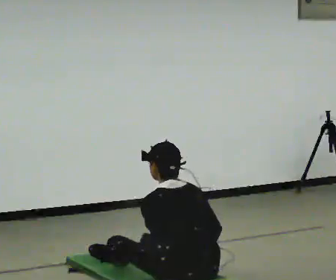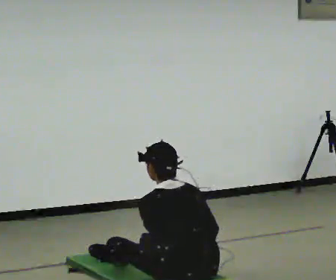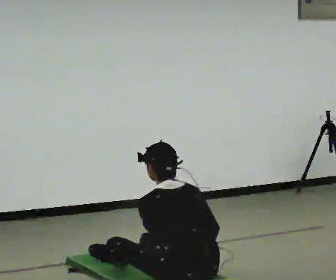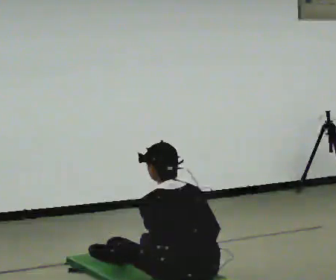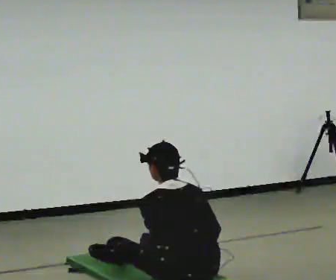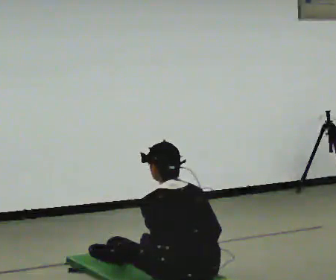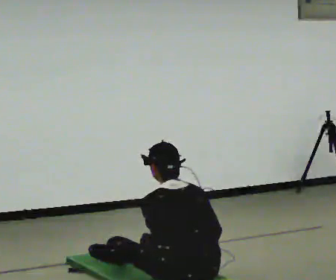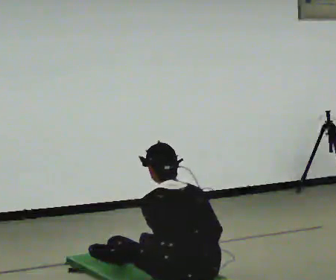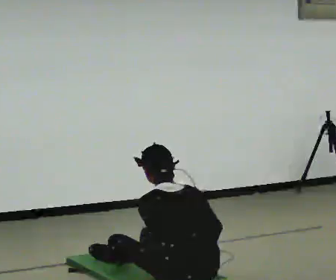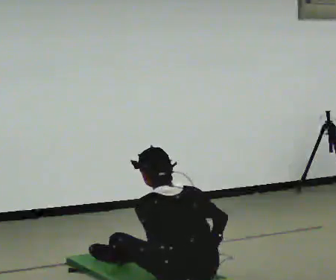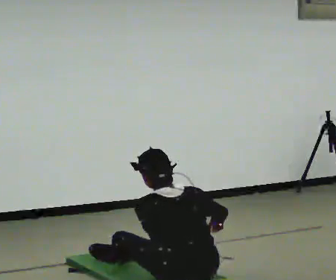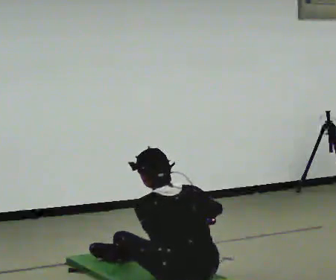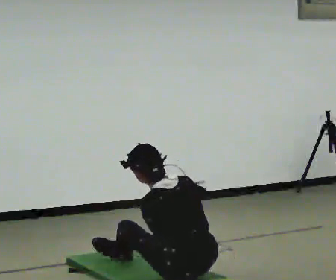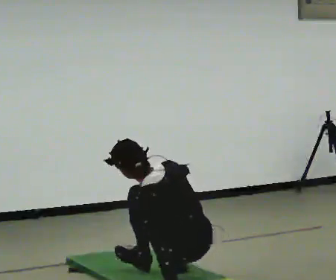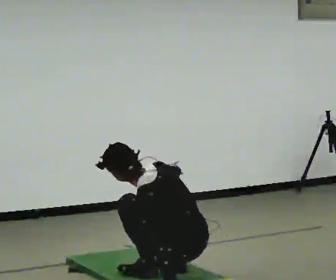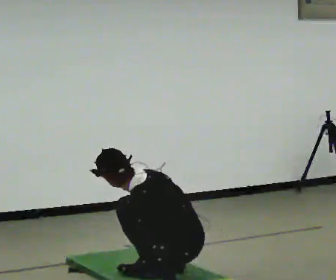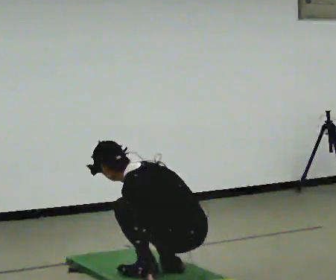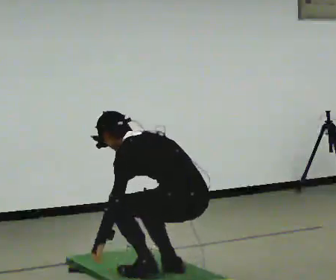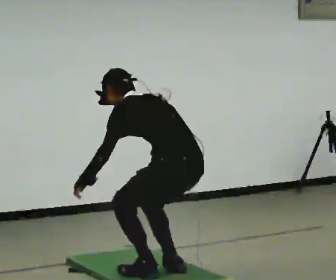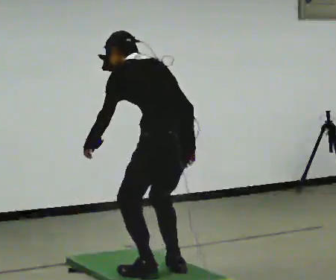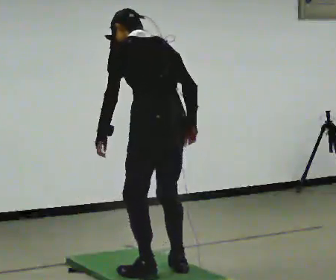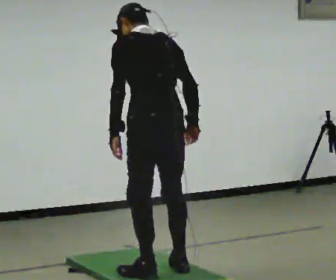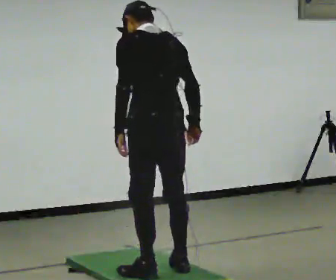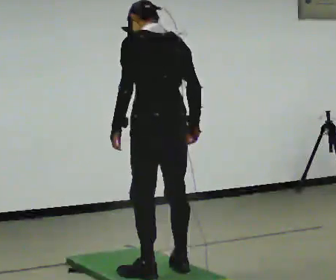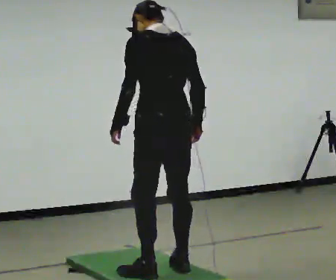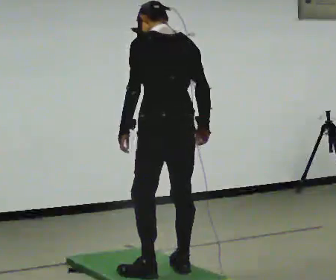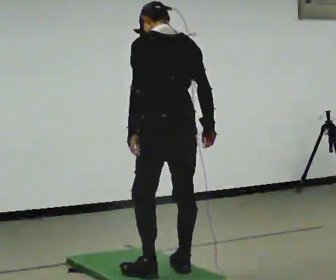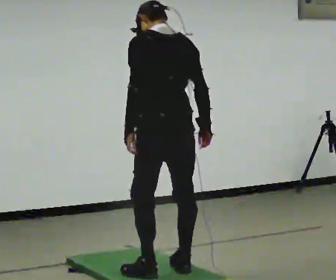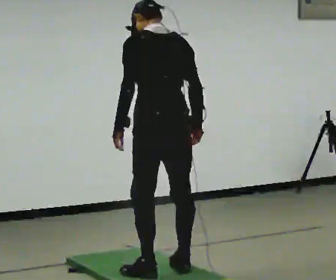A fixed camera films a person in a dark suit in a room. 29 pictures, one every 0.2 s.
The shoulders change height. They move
upward.
Their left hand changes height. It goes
upward.
0.0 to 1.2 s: The person keeps their place and pose.
1.2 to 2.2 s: The person moves a little, or ends about where they began.
2.2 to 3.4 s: The person turns about 30 degrees to their left, counterclockwise seen from above, so the part of the body nearest the lens slides to the right. In the picture they go away from the camera, about 0.25 m in 1 step, which for them is forward. The upper body goes upward. The upper body tips away from the camera, its near side rolling upward, as they bend forward.
3.4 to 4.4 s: The person turns about 30 degrees to their right, clockwise seen from above, so the part of the body nearest the lens slides to the left. In the picture they go to the left, about 0.25 m, which for them is forward. The shoulders move upward. In the picture the upper body tilts clockwise, shoulders to the right, as they lean back or straighten. In the picture their right hand goes upward.
4.4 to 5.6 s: The person moves a little, or ends about where they began.
The film runs forward here.
